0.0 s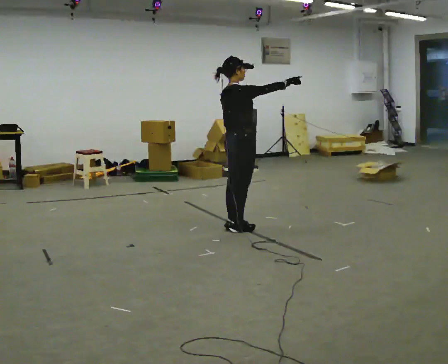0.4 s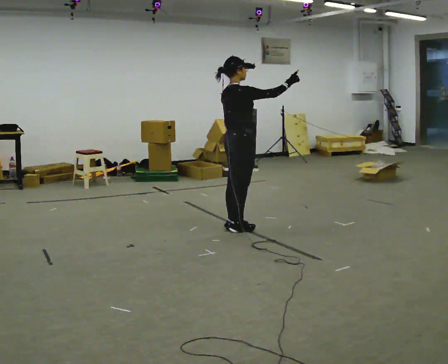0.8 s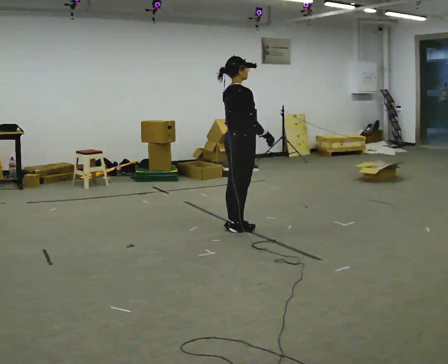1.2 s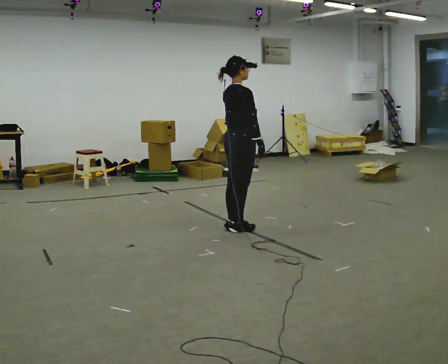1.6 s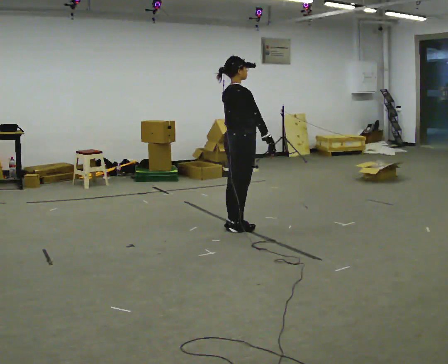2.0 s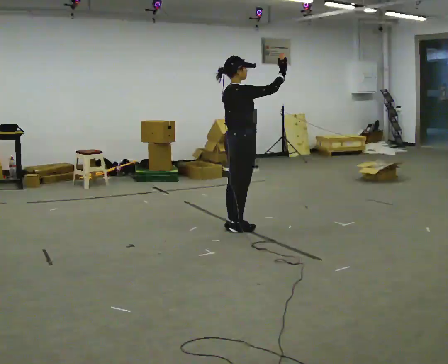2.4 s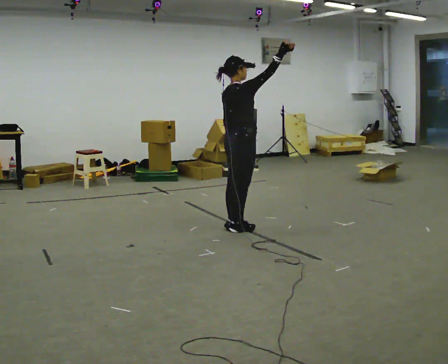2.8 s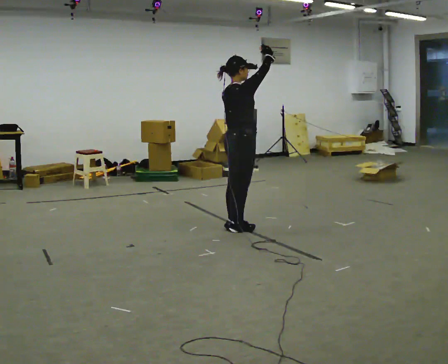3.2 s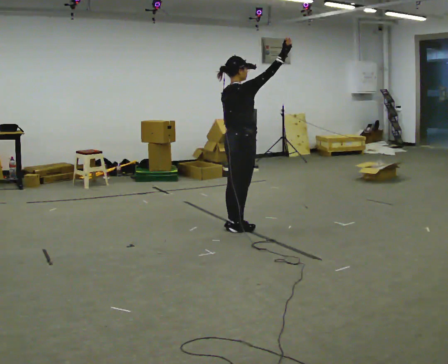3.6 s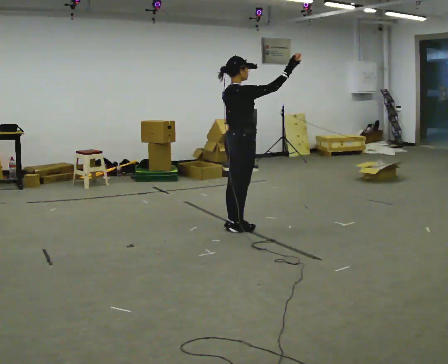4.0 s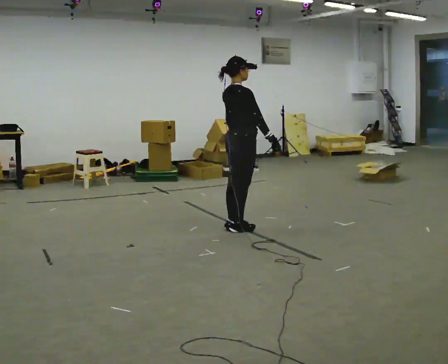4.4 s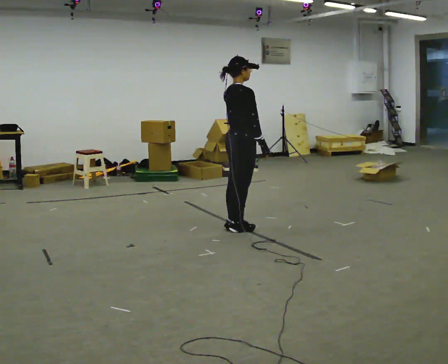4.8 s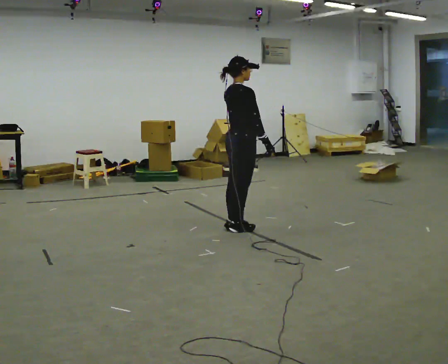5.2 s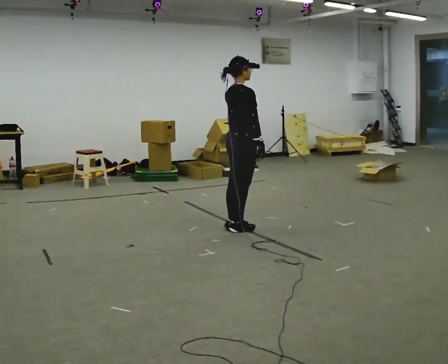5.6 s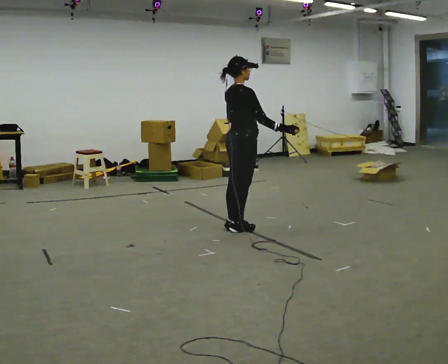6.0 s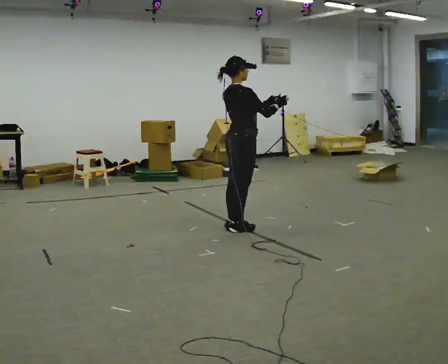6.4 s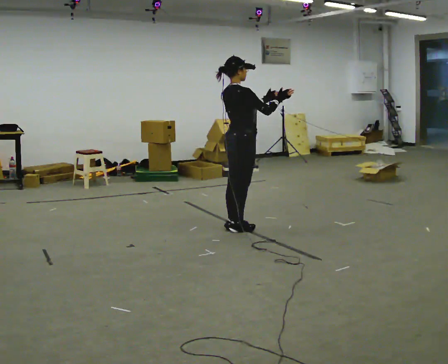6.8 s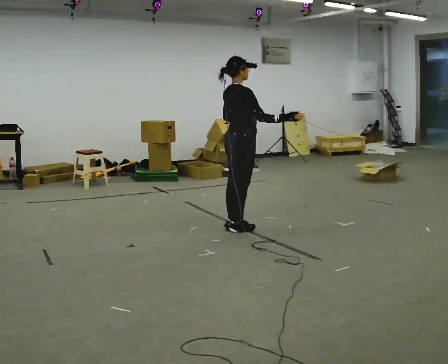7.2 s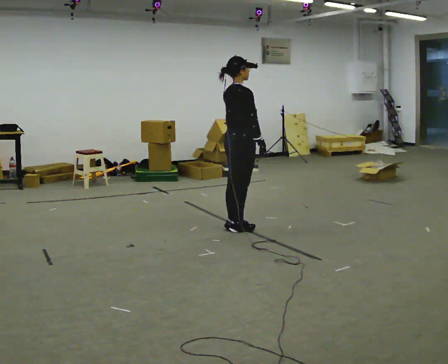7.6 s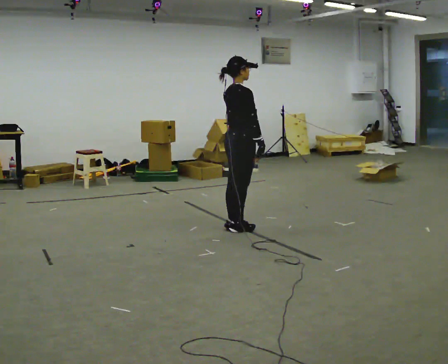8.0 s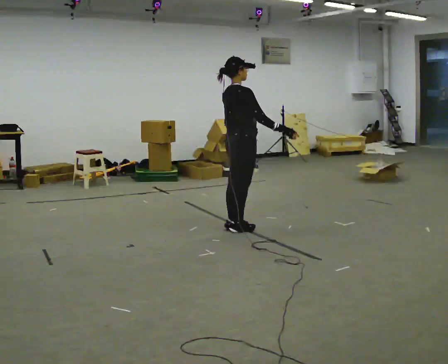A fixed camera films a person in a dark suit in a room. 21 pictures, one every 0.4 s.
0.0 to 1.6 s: In the picture their right hand goes downward, the arm swinging clockwise.
1.6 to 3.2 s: In the picture their right hand goes upward, the arm swinging counterclockwise.
3.2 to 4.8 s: In the picture their right hand goes downward, the arm swinging clockwise.
4.8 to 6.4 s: In the picture their left hand goes upward.
6.4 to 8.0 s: In the picture their left hand goes downward and to the left.
The film runs backward here.
